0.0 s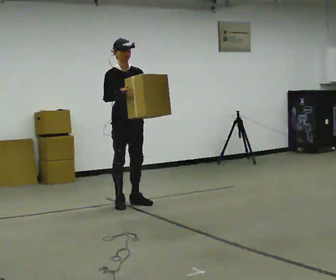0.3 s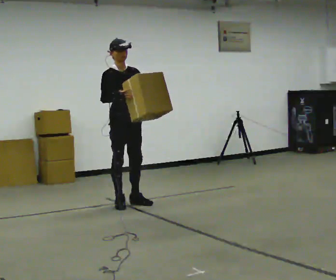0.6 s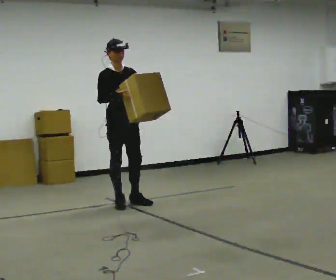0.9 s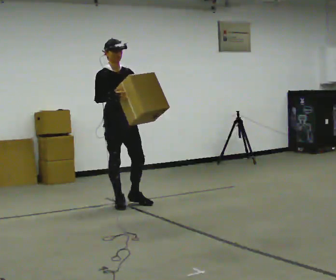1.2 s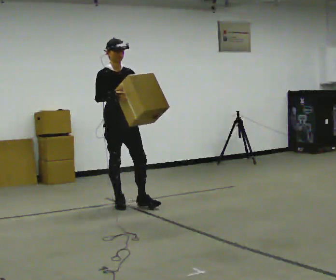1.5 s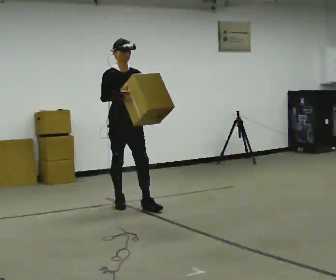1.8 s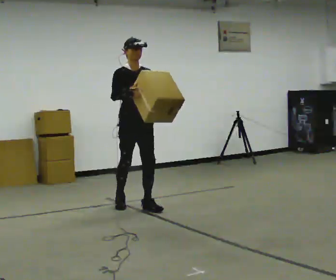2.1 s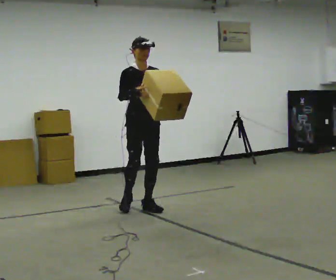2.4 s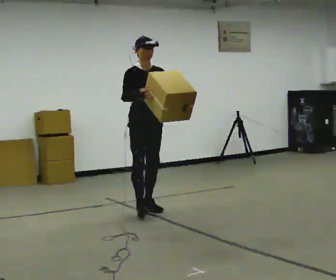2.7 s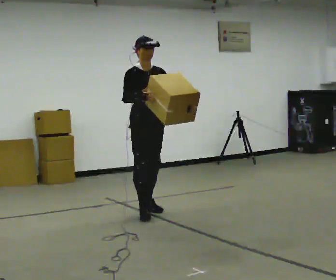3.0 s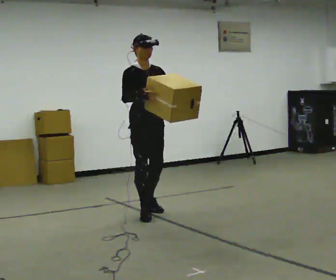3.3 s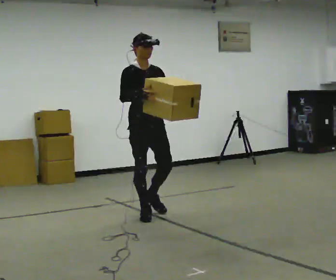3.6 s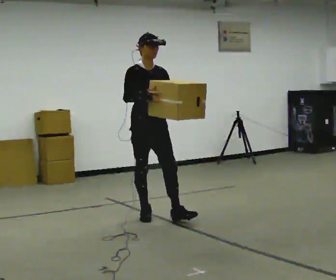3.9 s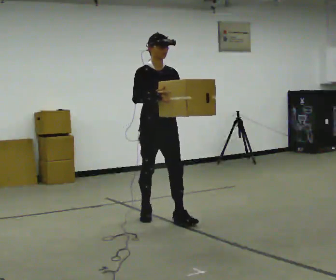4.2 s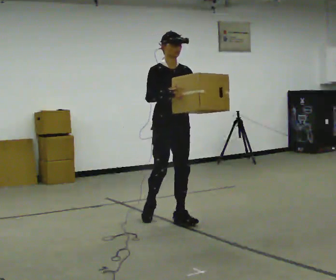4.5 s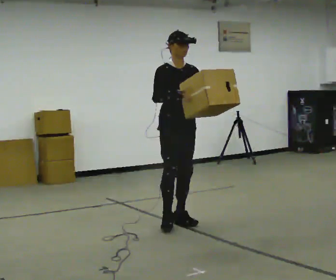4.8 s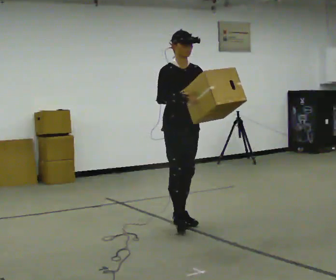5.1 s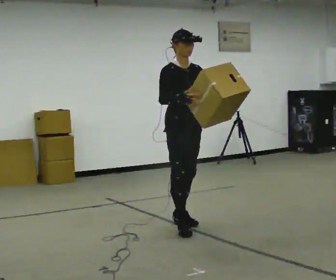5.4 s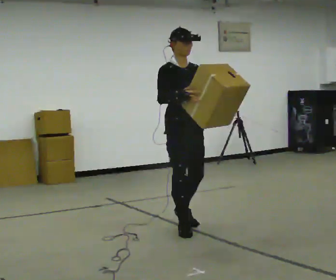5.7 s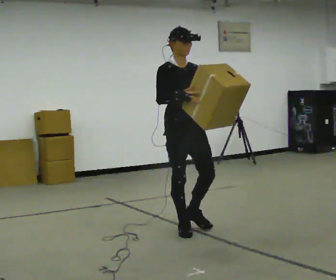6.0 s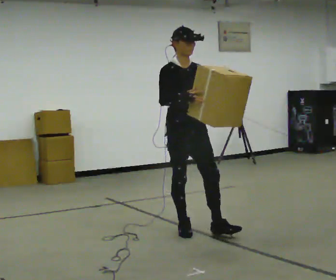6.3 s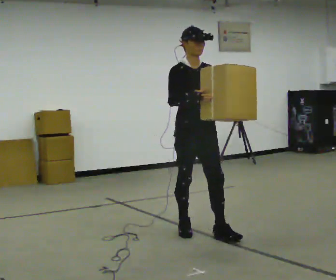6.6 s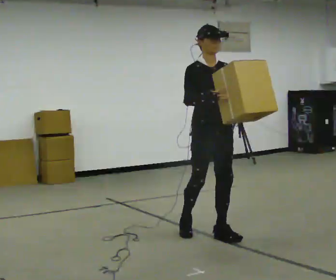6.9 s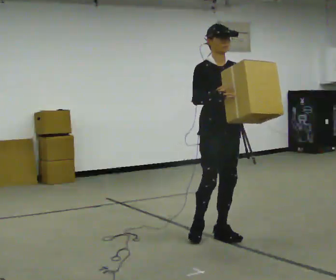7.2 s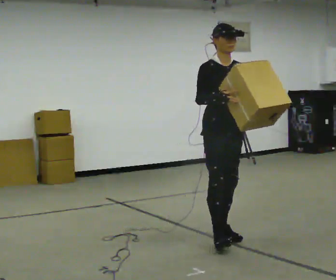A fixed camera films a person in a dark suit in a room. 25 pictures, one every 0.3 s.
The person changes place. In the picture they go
toward the camera.
0.0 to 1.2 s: The person moves a little, or ends about where they began.
1.2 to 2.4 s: In the picture they go to the right and toward the camera, about 0.25 m in 1 step, which for them is forward and to their left.
2.4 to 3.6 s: In the picture they go toward the camera, about 0.5 m in 1 step, which for them is forward and to their right.
3.6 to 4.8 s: In the picture they go to the right and toward the camera, about 0.25 m in 2 steps, which for them is forward and to their left.
4.8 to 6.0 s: In the picture they go toward the camera, about 0.25 m, which for them is forward and to their right.
6.0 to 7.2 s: In the picture they go to the right and toward the camera, about 0.25 m in 1 step, which for them is forward and to their left.
The film runs forward here.
